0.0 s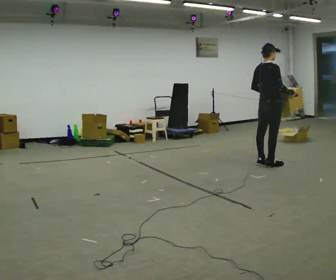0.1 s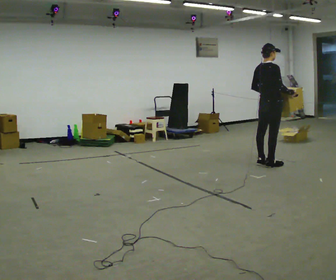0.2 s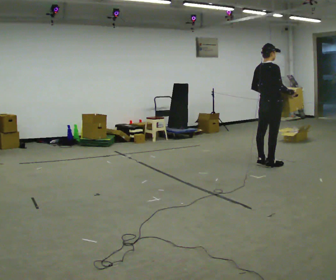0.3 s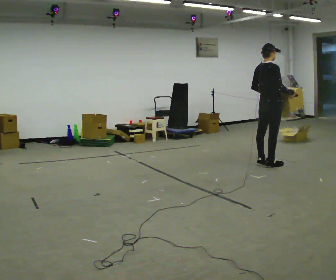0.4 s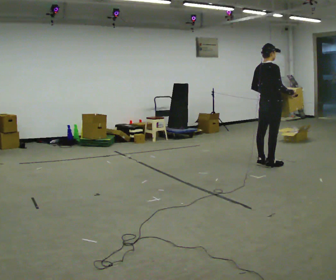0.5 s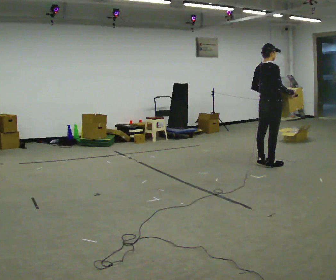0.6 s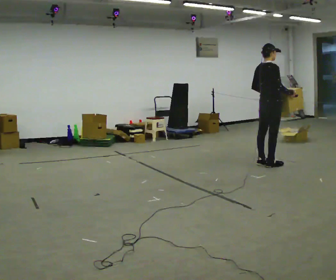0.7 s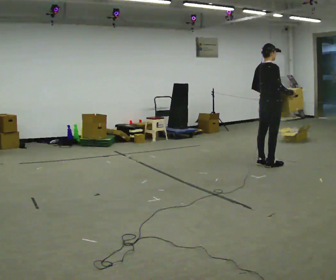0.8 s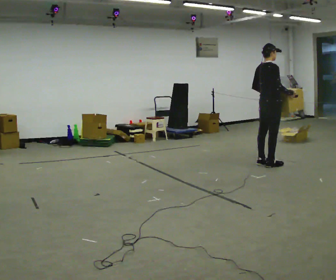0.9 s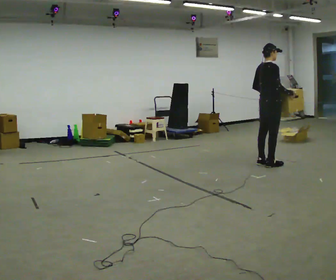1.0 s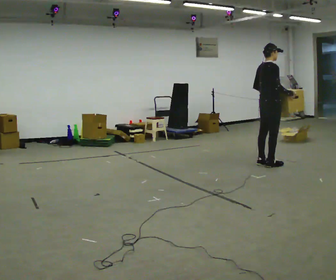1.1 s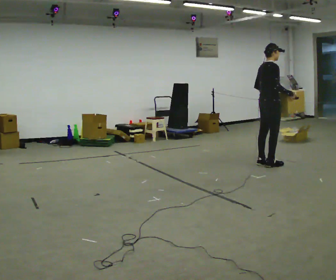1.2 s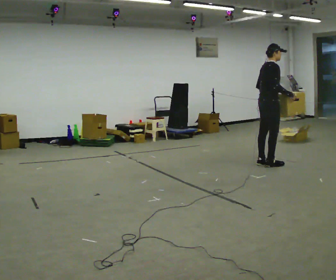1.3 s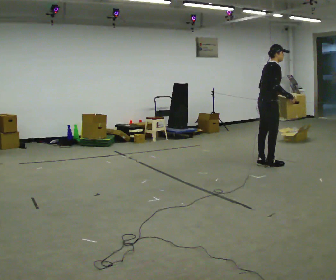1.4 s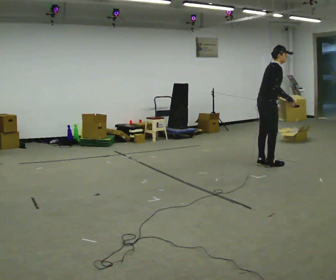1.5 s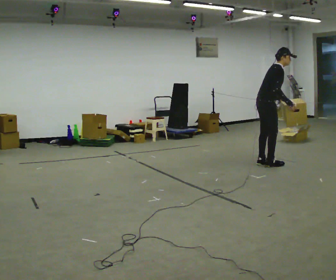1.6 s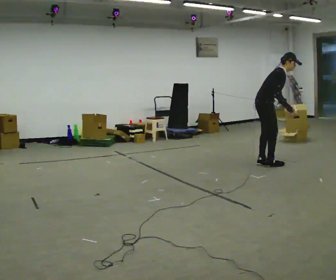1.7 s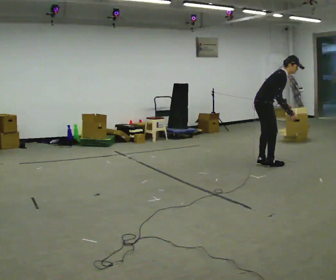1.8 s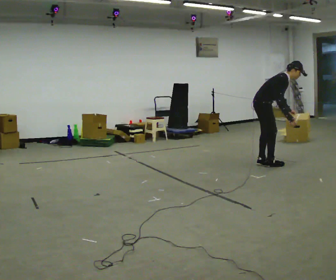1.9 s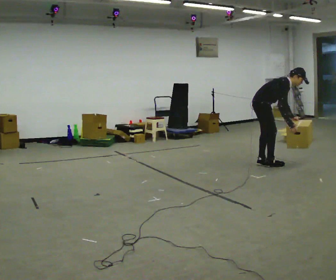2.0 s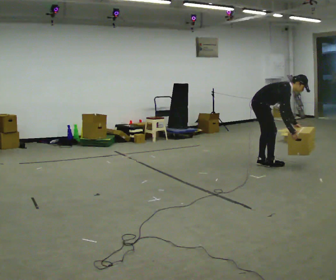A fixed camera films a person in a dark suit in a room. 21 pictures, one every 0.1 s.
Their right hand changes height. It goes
downward.
Their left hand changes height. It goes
downward.
0.0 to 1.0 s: The person moves a little, or ends about where they began.
1.0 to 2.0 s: The part of the body nearest the lens slides to the left as the person turns to their right by about 30 degrees. The shoulders move downward. In the picture the upper body tilts clockwise, shoulders to the right, as they bend forward. In the picture their right hand goes downward.
The film runs forward here.
